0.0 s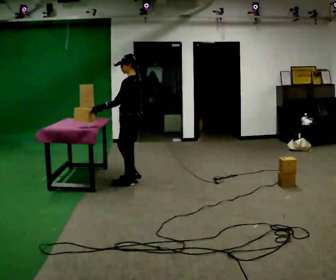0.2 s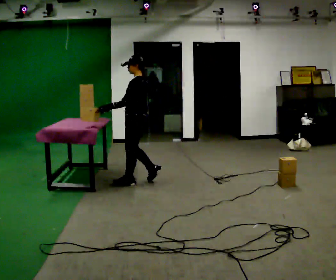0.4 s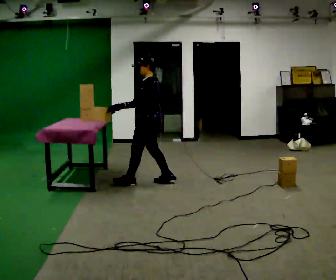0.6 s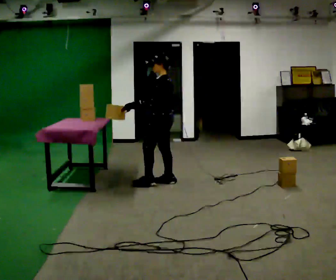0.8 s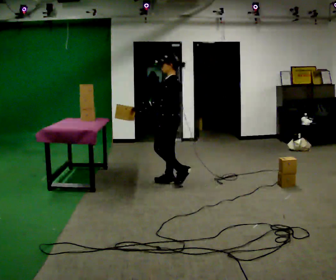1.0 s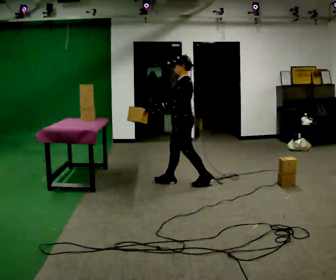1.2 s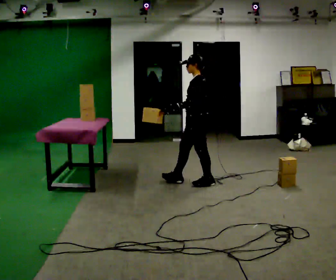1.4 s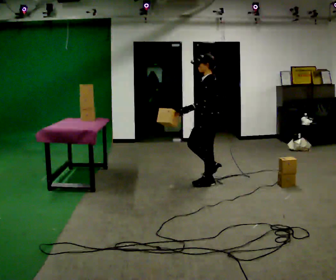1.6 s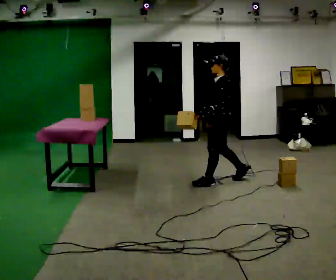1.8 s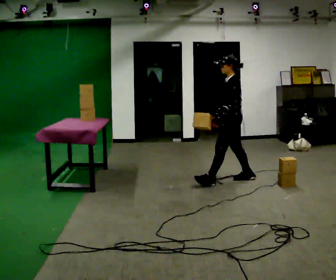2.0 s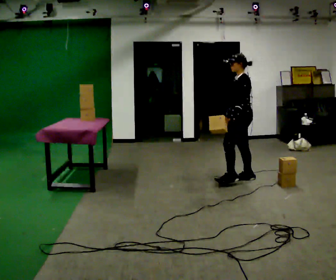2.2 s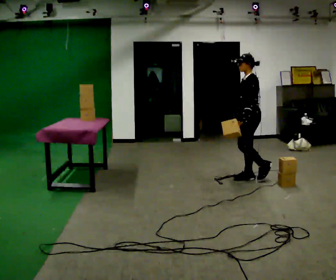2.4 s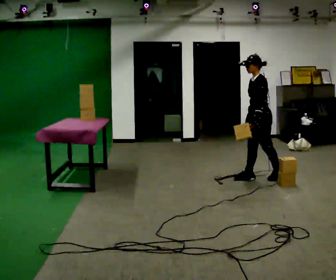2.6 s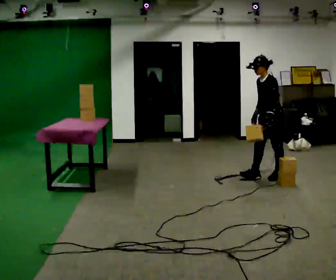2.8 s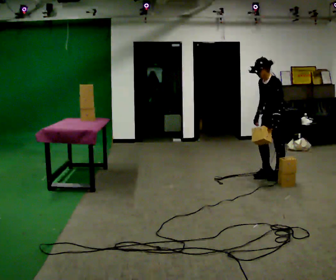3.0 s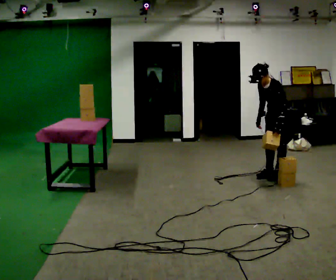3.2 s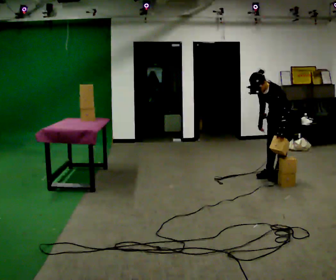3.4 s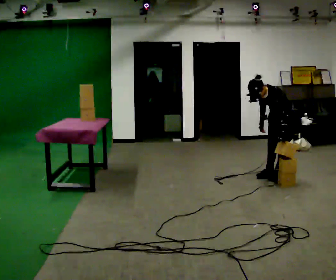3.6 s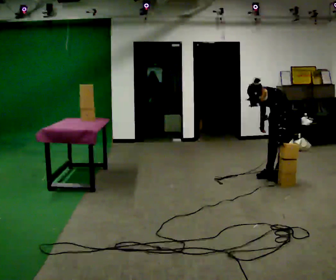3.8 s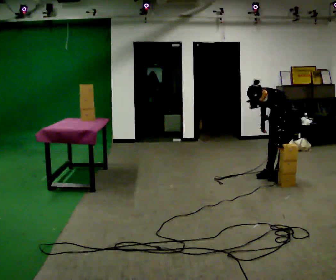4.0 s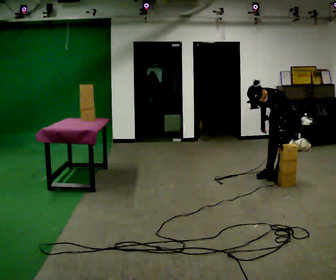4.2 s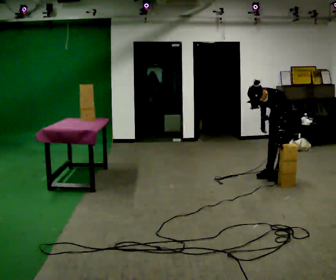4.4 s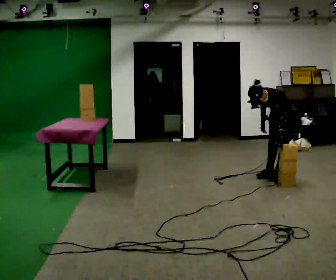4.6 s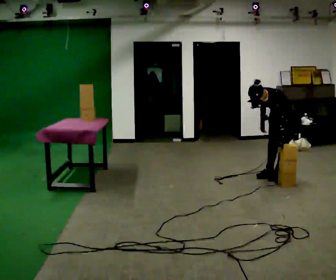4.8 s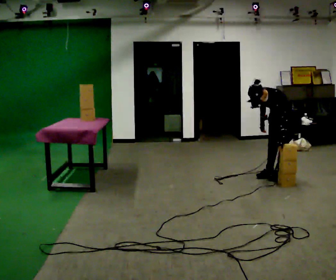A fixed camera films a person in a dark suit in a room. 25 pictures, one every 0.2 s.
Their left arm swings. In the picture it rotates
counterclockwise.
The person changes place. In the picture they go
to the right.
0.0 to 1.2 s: In the picture they go to the right, about 1 m in 2 steps, which for them is backward.
1.2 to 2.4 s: In the picture they go to the right and away from the camera, about 1 m in 1 step, which for them is backward.
2.4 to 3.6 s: In the picture they go to the right, about 0.25 m in 1 step, which for them is backward. The shoulders move downward. The upper body tips toward the camera, its near side rolling downward, as they bend forward.
3.6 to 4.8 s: The person moves a little, or ends about where they began.
The film runs backward here.
